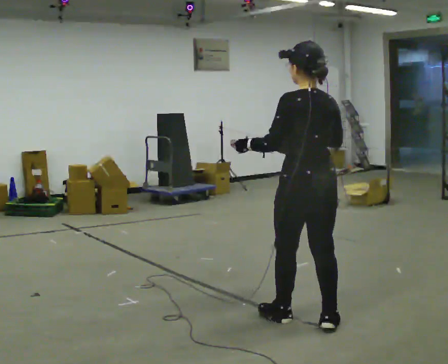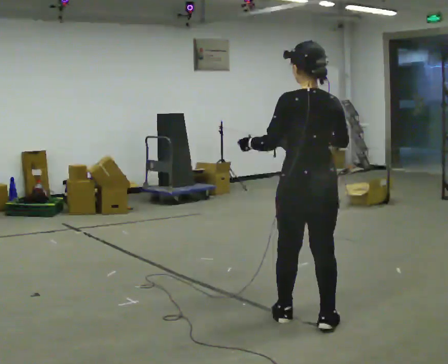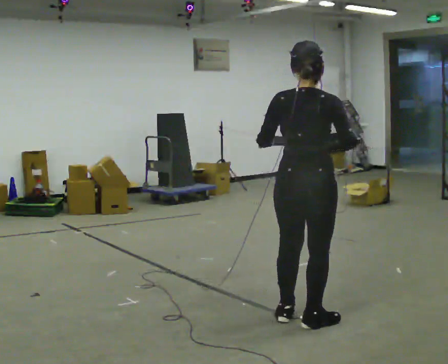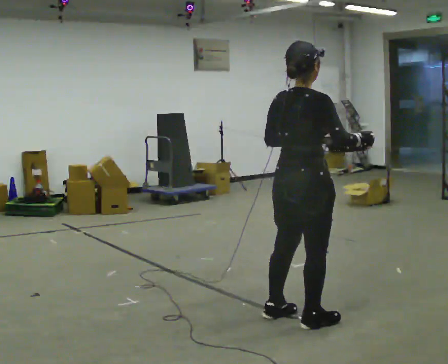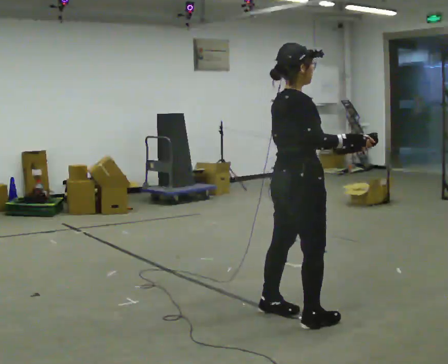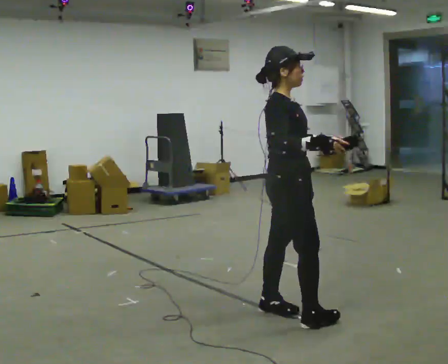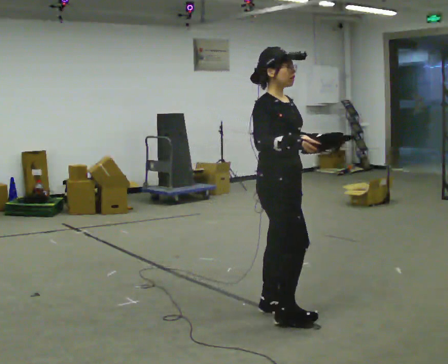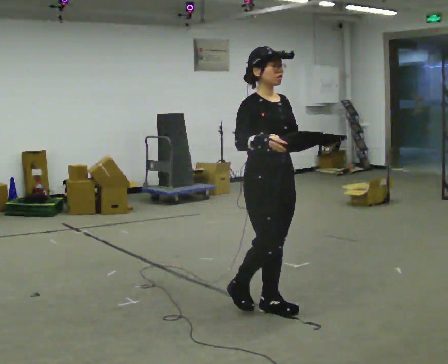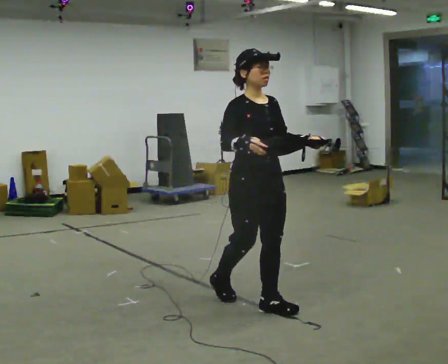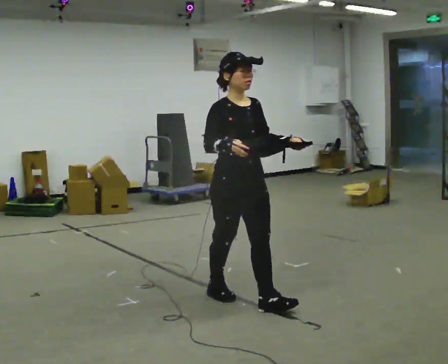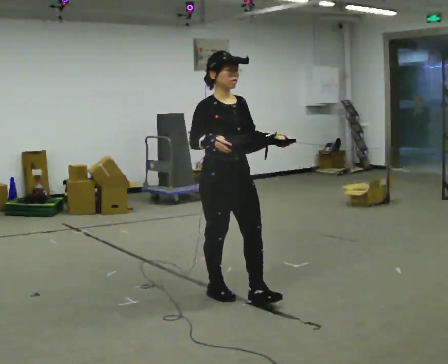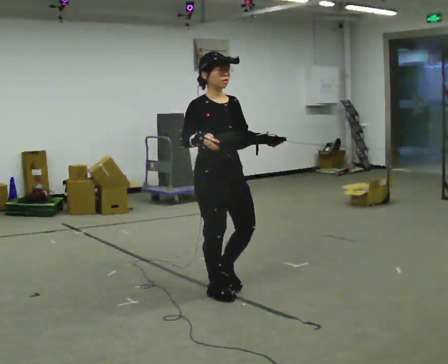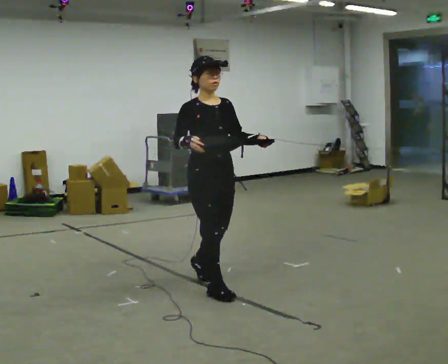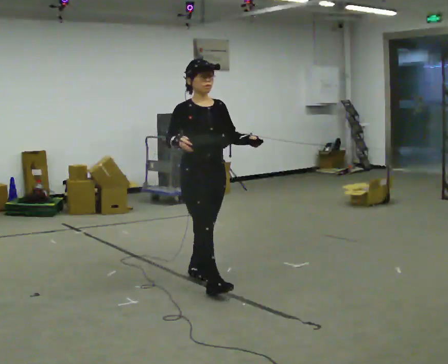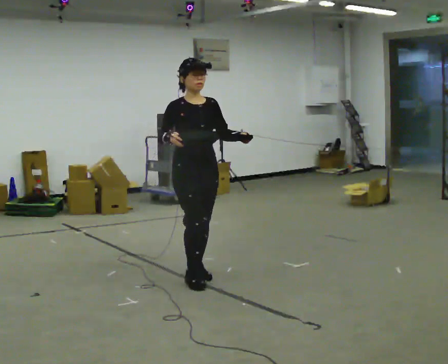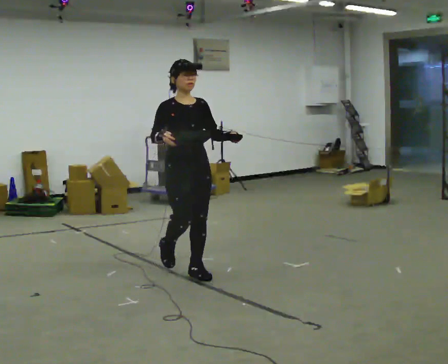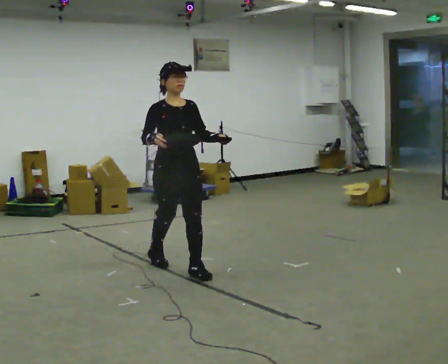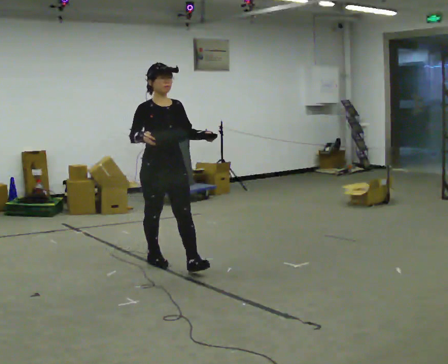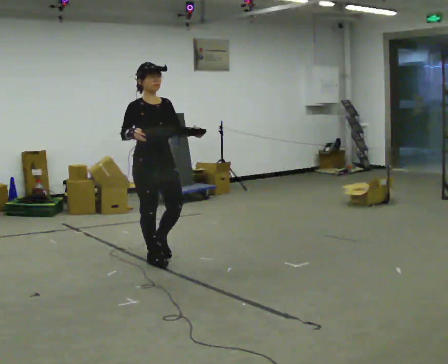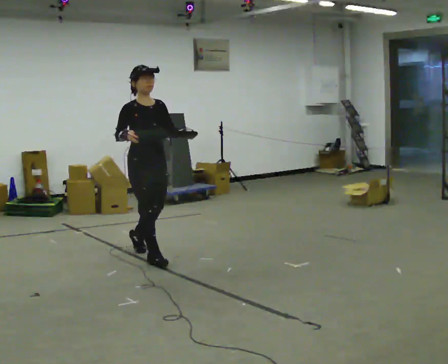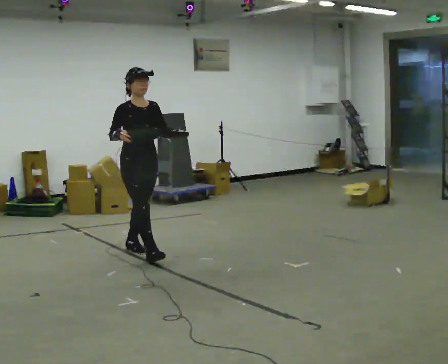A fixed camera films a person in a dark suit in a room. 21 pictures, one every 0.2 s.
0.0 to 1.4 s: Seen from above the body turns clockwise, about 165 degrees: to their right, with its near side sliding to the left. In the picture they go to the left and away from the camera, about 0.25 m in 2 steps.
1.4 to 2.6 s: In the picture they go away from the camera and to the left, about 0.5 m in 2 steps, which for them is backward.
2.6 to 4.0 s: In the picture they go away from the camera and to the left, about 1 m in 1 step, which for them is backward.
The film runs backward here.
